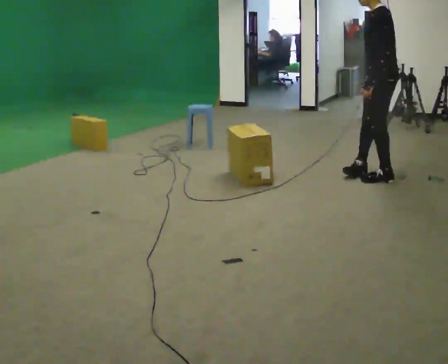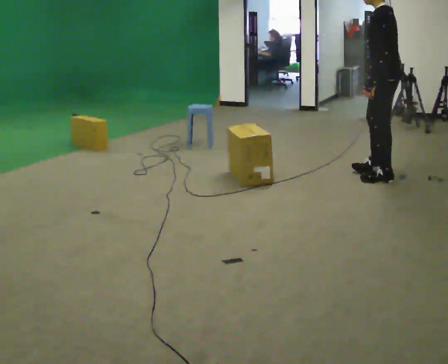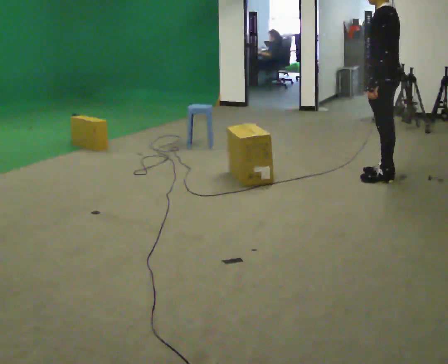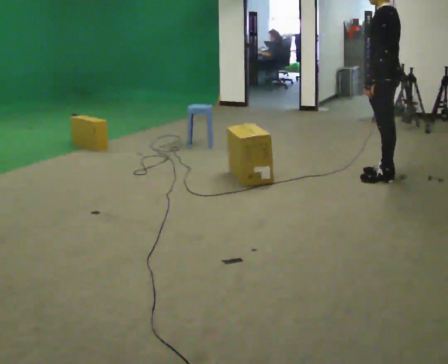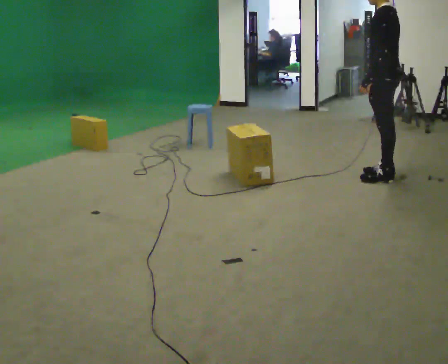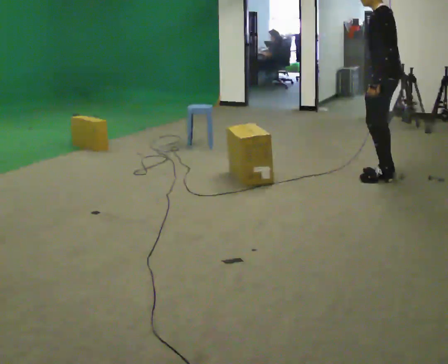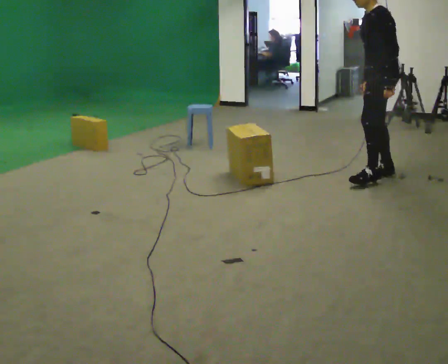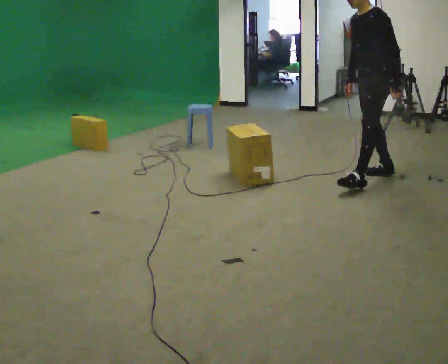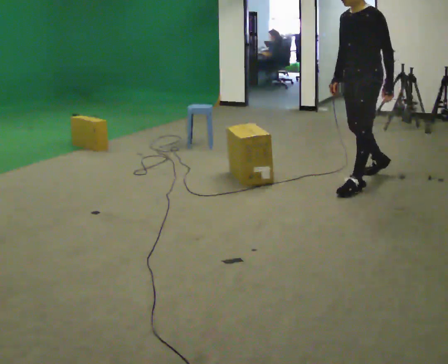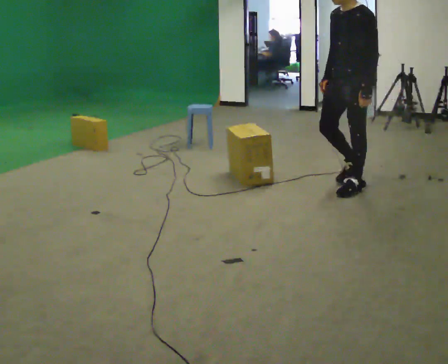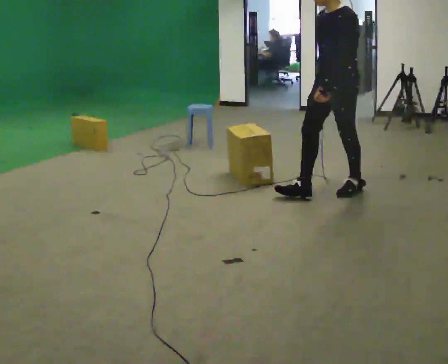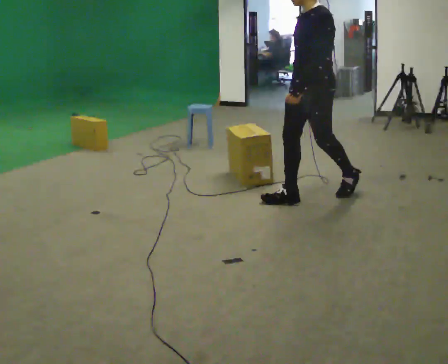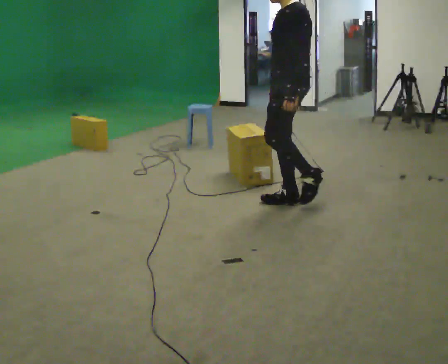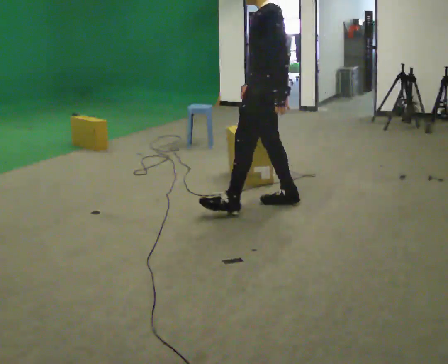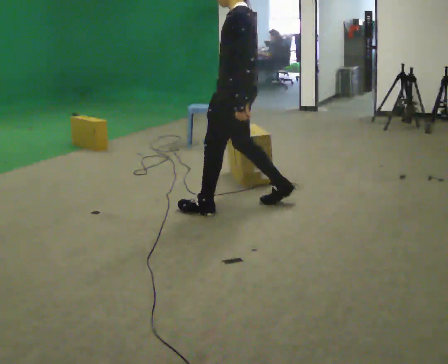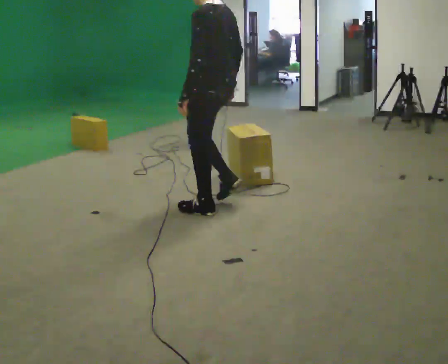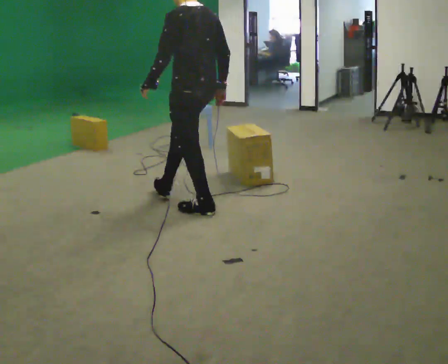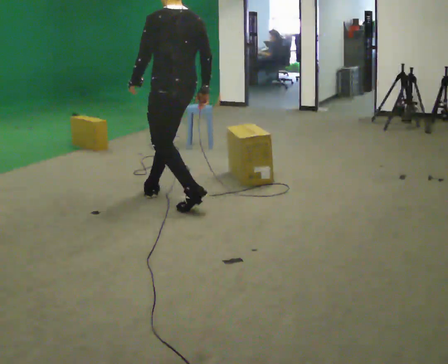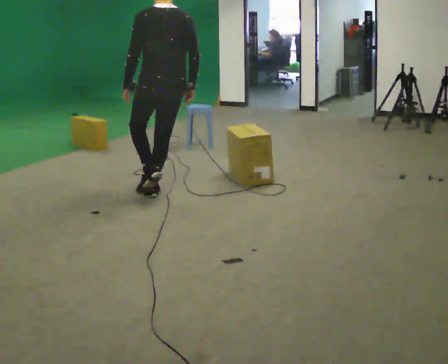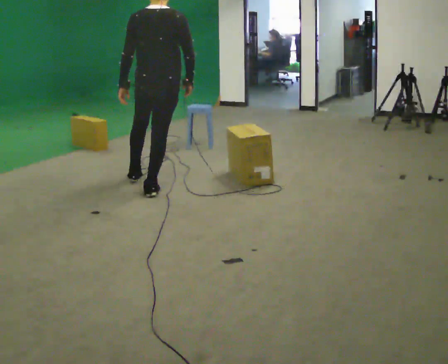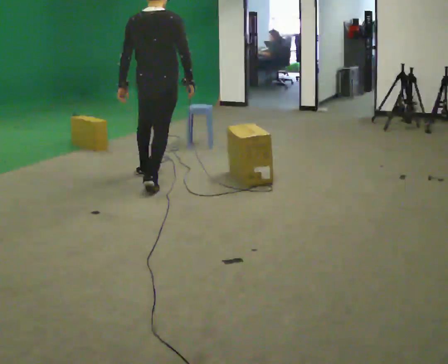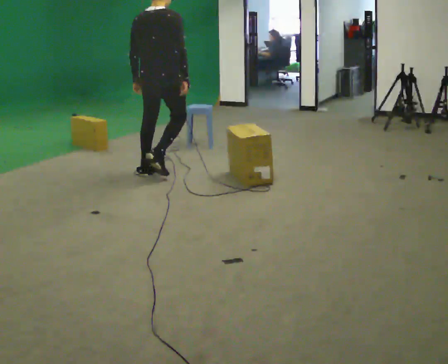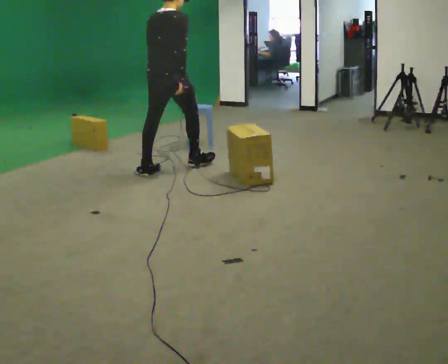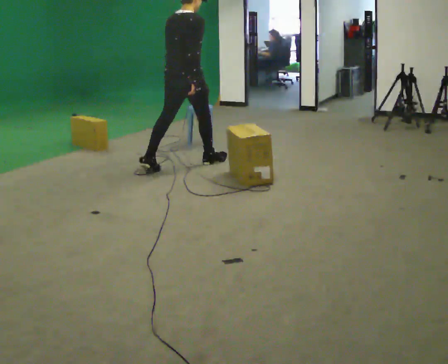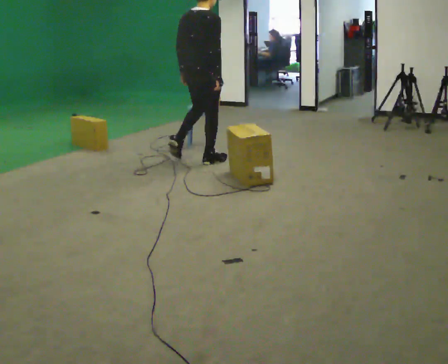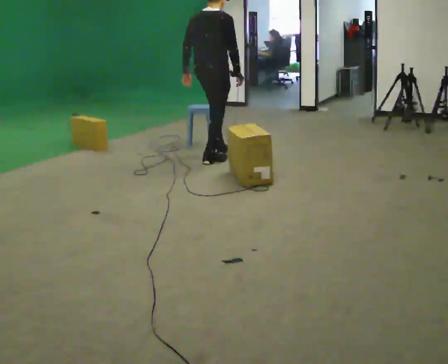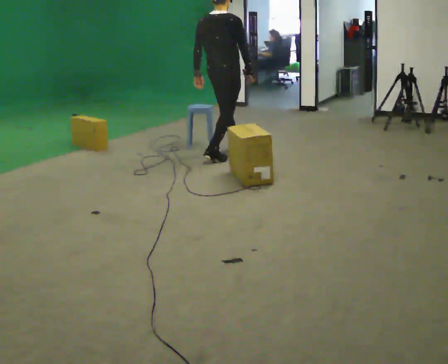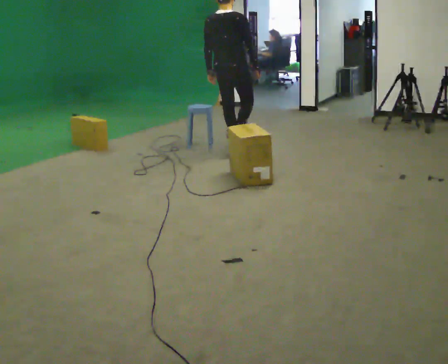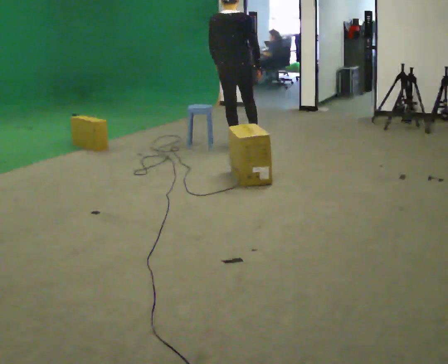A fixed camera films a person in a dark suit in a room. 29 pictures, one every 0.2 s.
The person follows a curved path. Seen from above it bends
clockwise.
0.0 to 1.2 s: The person moves a little, or ends about where they began.
1.2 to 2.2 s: In the picture they go to the left and toward the camera, about 1 m in 2 steps, which for them is forward.
2.2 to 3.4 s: The person turns about 75 degrees to their right, clockwise seen from above, so the part of the body nearest the lens slides to the left. In the picture they go to the left, about 1 m in 2 steps.
3.4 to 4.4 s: The part of the body nearest the lens slides to the left as the person turns to their right by about 75 degrees. In the picture they go away from the camera, about 0.5 m in 1 step.
4.4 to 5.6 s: Seen from above the body turns counterclockwise, about 30 degrees: to their left, with its near side sliding to the right. In the picture they go away from the camera and to the right, about 1 m in 2 steps, which for them is forward.
The film runs forward here.
